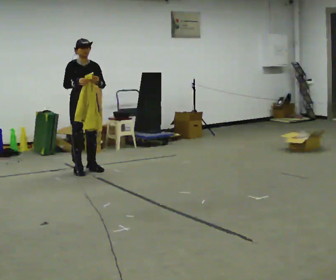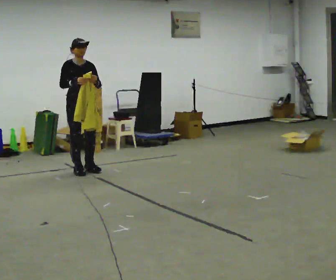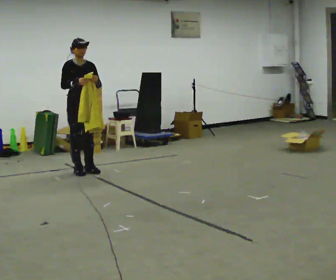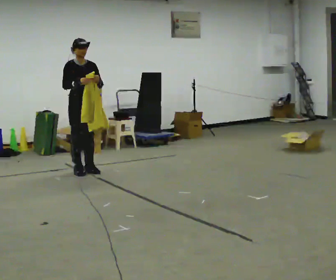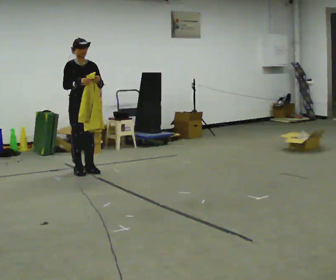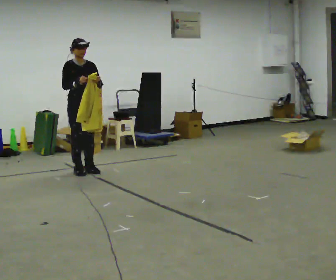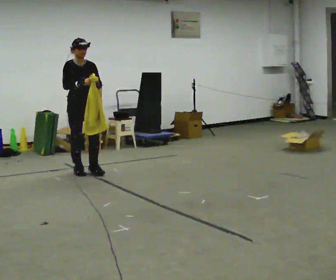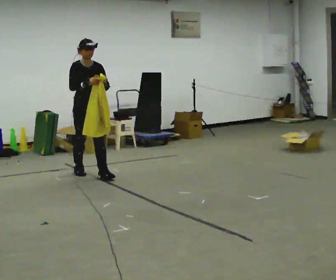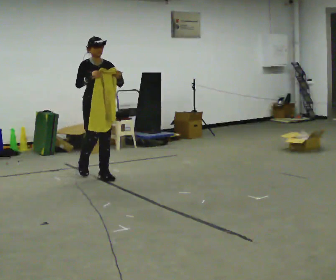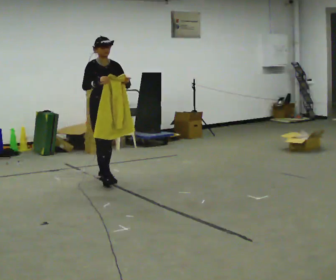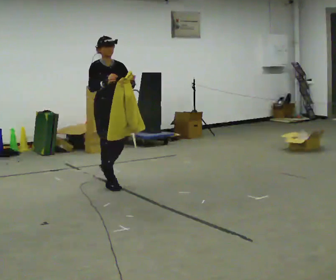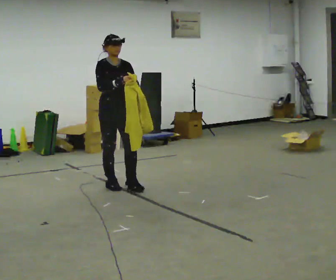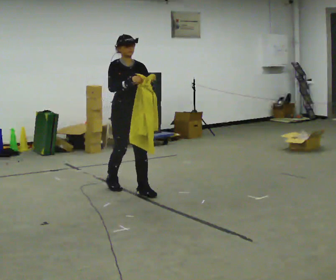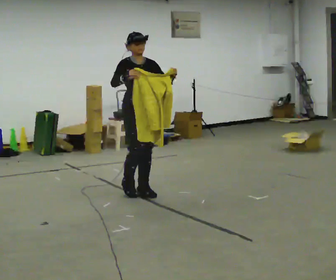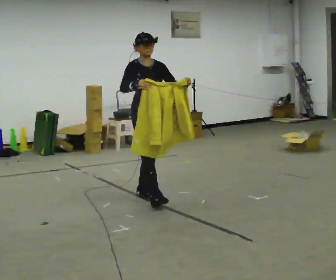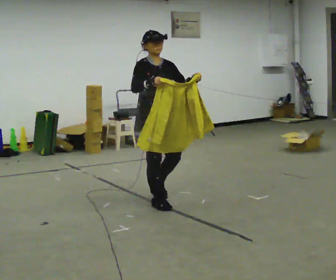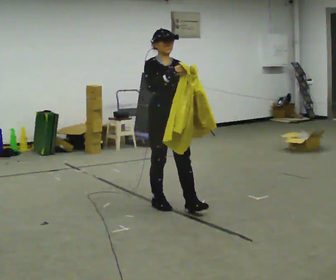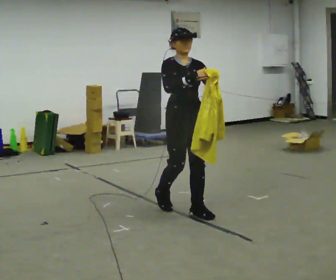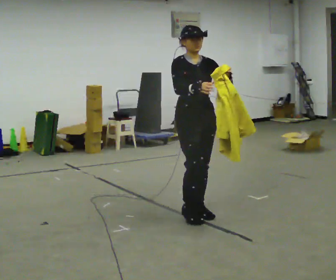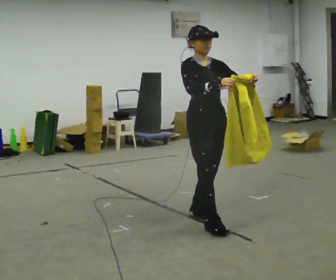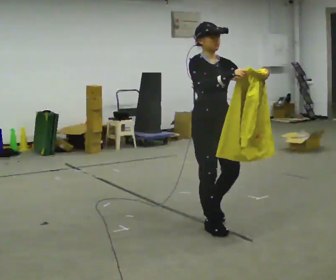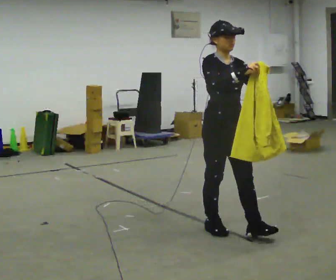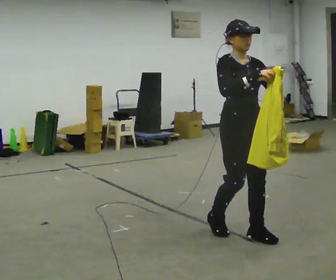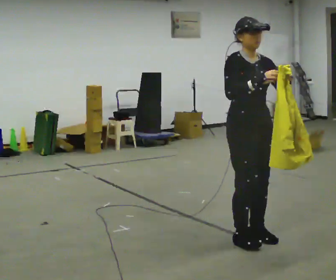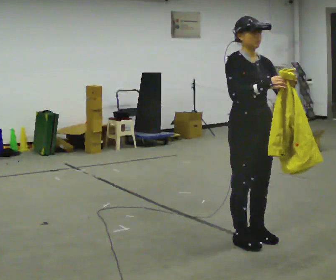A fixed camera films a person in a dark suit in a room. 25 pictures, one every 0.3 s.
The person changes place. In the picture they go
toward the camera.
0.0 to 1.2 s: The person moves a little, or ends about where they began.
1.2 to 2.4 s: In the picture they go toward the camera and to the right, about 0.25 m in 1 step, which for them is forward.
2.4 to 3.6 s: In the picture they go toward the camera and to the right, about 0.5 m in 2 steps, which for them is forward.
3.6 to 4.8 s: In the picture they go toward the camera and to the right, about 0.5 m in 1 step, which for them is forward.
4.8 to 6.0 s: In the picture they go toward the camera and to the right, about 0.75 m in 2 steps, which for them is forward.
6.0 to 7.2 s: In the picture they go toward the camera and to the right, about 0.5 m in 2 steps, which for them is forward.
The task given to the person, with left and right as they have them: Carry the cloth and, while walking, fold it in half, then unfold it. Keep repeating as you walk. Do not stop.
The film runs forward here.
